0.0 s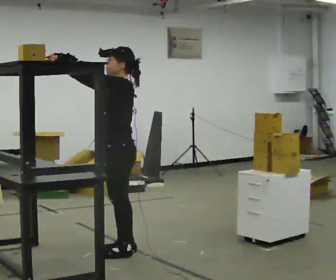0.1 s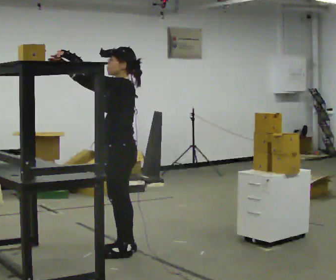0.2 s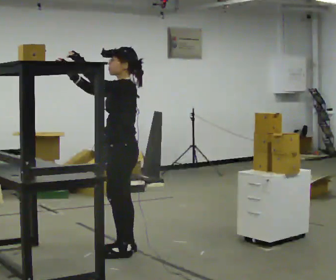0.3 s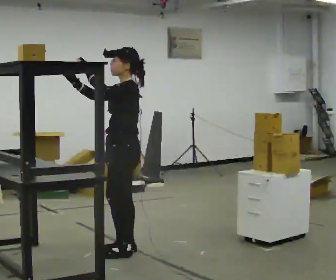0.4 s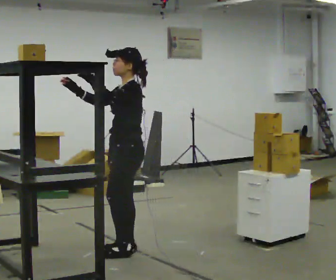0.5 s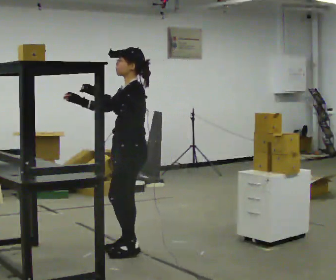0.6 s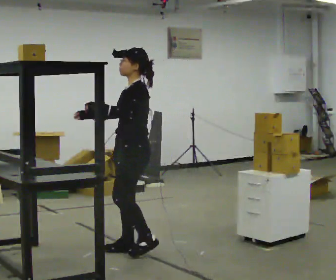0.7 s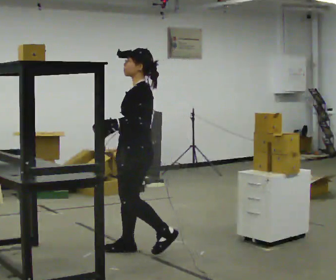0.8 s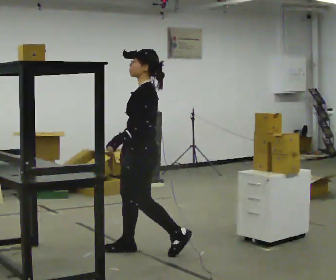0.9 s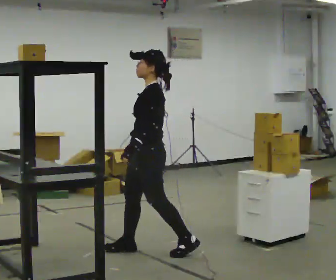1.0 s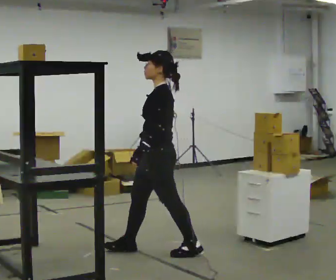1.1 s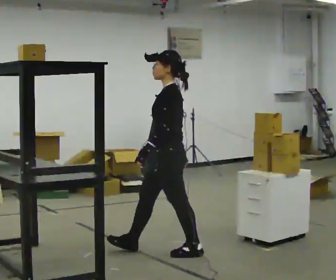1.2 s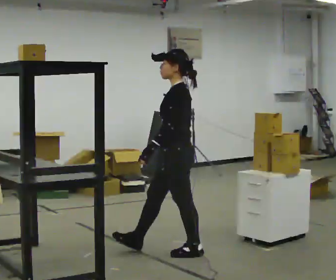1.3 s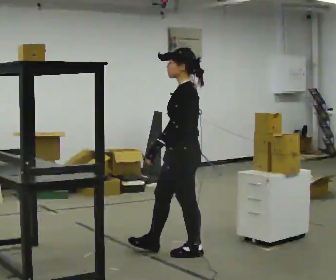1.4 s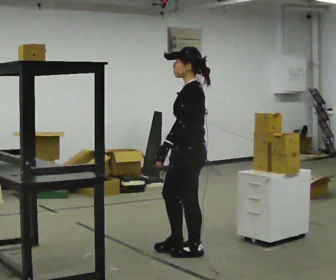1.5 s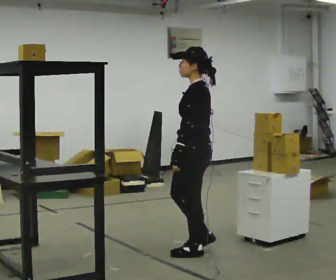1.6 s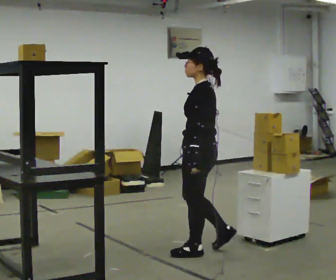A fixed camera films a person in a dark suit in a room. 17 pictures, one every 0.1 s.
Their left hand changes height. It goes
downward.
Their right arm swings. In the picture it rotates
counterclockwise.
0.0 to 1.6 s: The part of the body nearest the lens slides to the left as the person turns to their right by about 30 degrees. In the picture they go to the right, about 0.5 m in 2 steps, which for them is backward. In the picture their right hand goes downward, the arm swinging counterclockwise.
The film runs backward here.
